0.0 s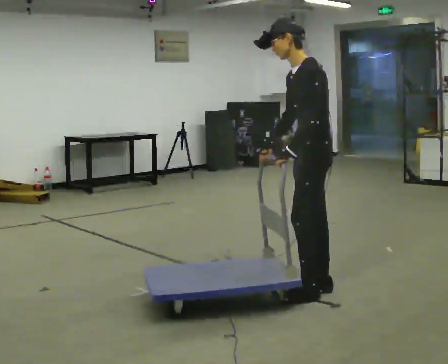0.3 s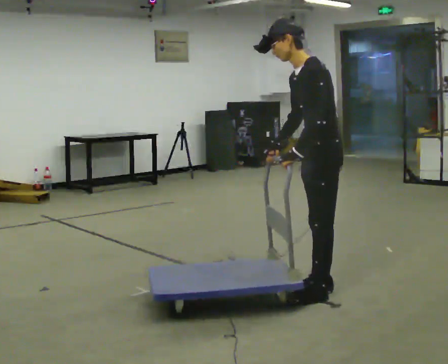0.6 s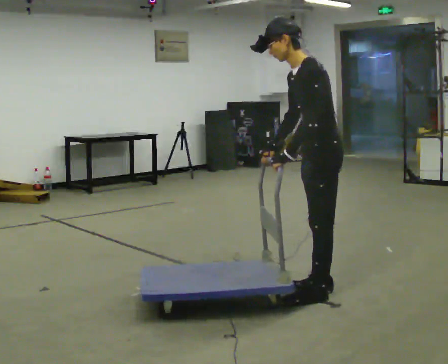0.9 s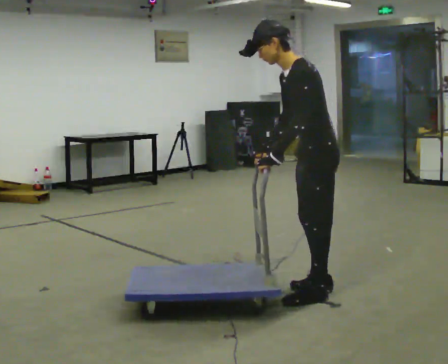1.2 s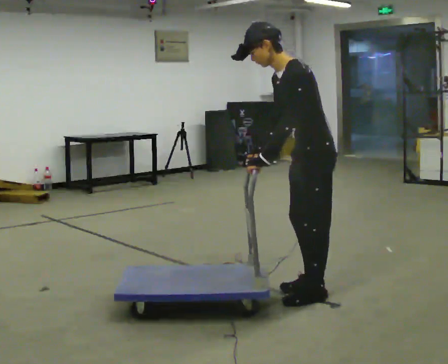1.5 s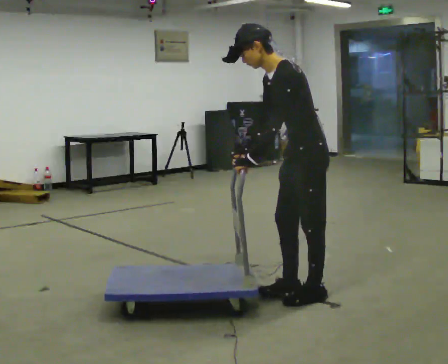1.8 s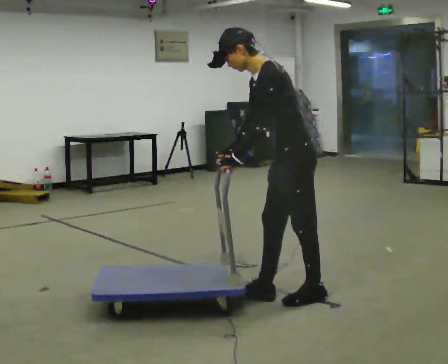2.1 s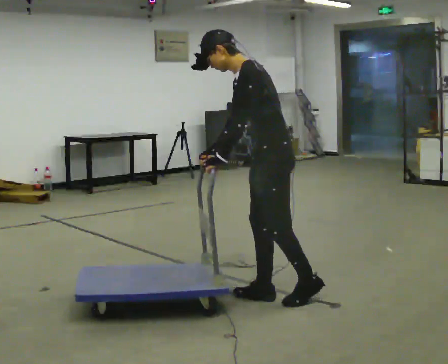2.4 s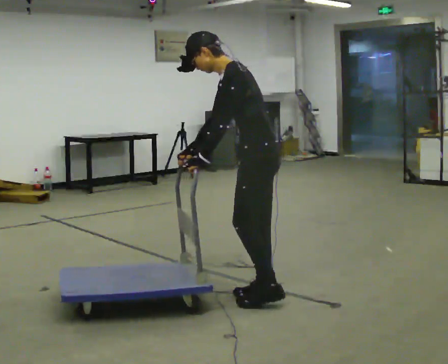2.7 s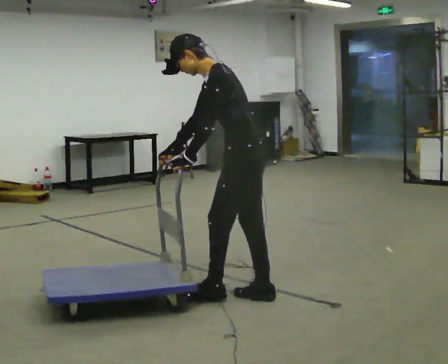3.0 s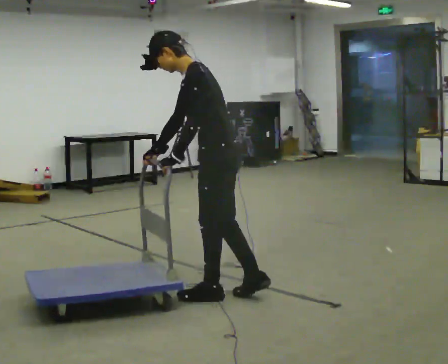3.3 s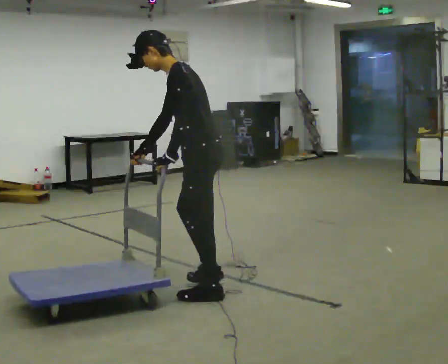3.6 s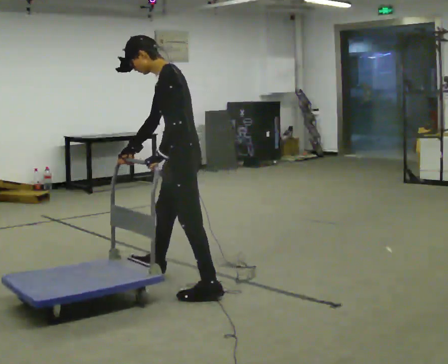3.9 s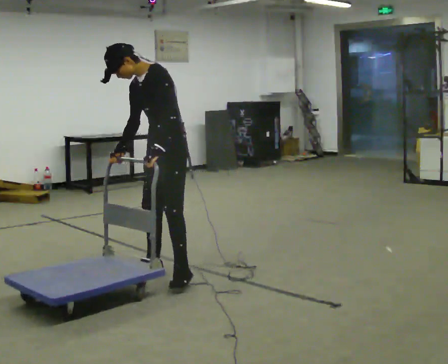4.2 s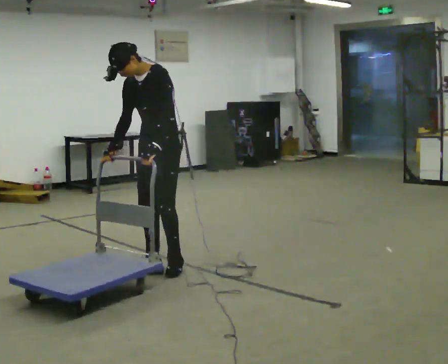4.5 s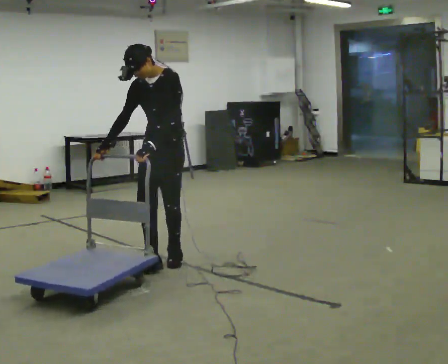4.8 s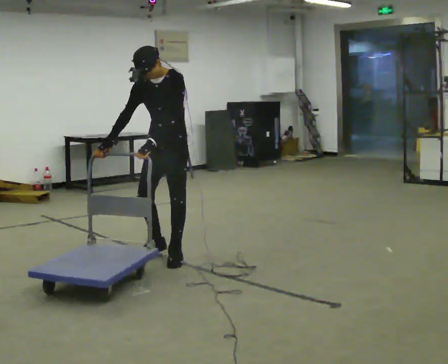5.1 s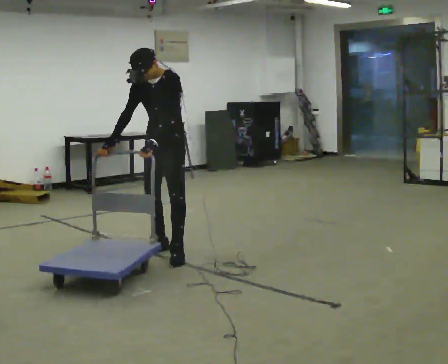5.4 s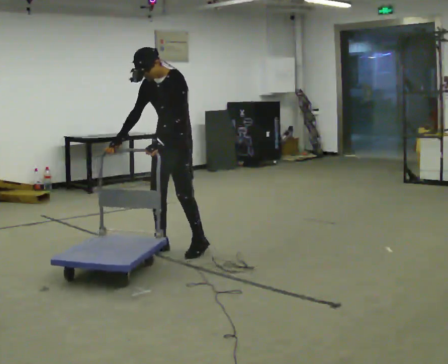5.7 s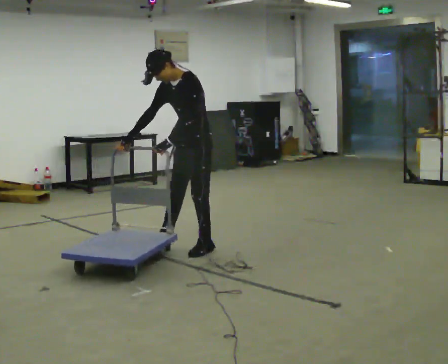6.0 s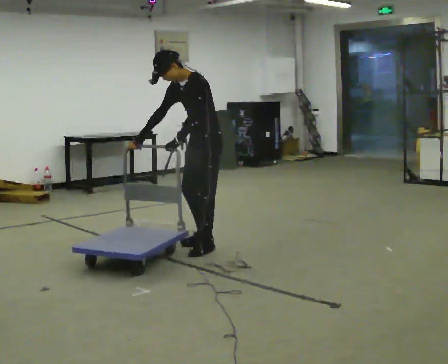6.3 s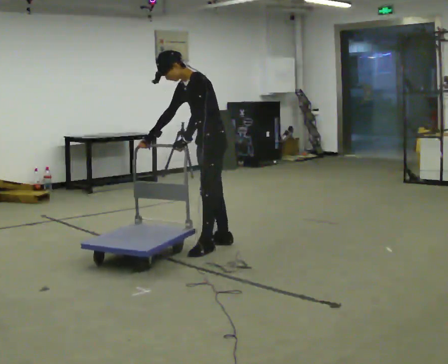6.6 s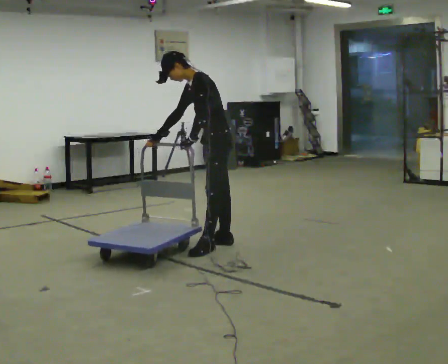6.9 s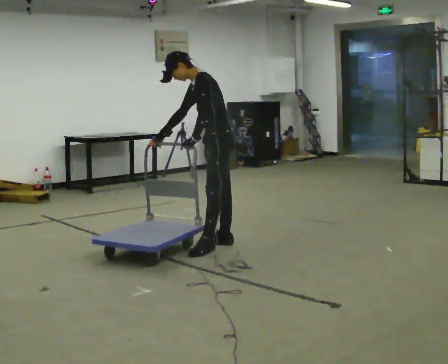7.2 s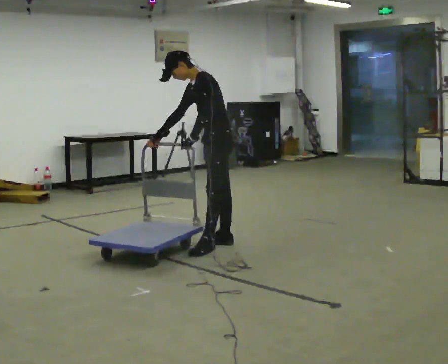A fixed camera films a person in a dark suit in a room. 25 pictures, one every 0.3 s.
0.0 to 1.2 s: The person moves a little, or ends about where they began.
1.2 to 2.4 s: In the picture they go to the left, about 0.25 m in 1 step, which for them is forward.
2.4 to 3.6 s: In the picture they go to the left and away from the camera, about 0.5 m in 1 step, which for them is forward and to their right.
3.6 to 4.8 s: The person turns about 45 degrees to their left, counterclockwise seen from above, so the part of the body nearest the lens slides to the right. In the picture they go away from the camera, about 1 m in 2 steps, which for them is to their right and backward.
4.8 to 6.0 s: The part of the body nearest the lens slides to the left as the person turns to their right by about 30 degrees. In the picture they go to the right and away from the camera, about 0.25 m in 2 steps, which for them is backward.
6.0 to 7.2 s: The person moves a little, or ends about where they began.
The film runs forward here.
